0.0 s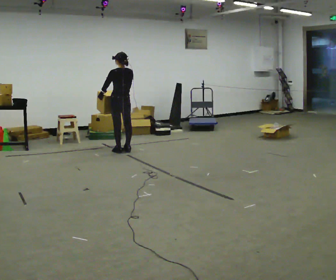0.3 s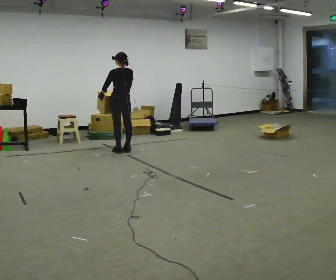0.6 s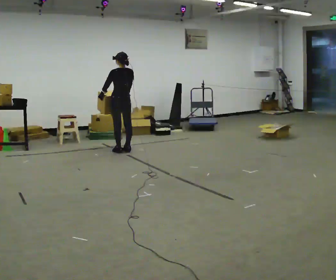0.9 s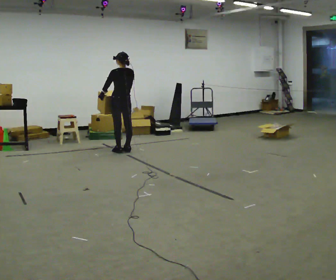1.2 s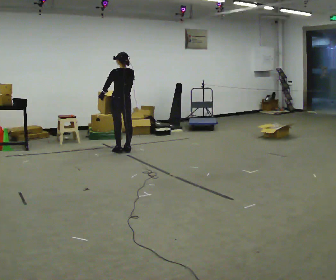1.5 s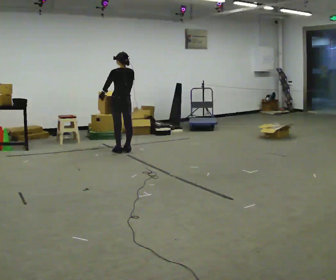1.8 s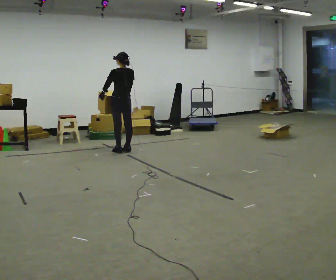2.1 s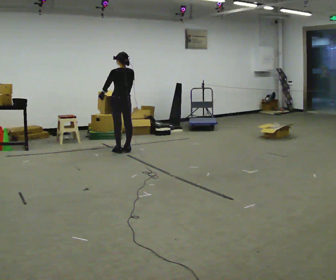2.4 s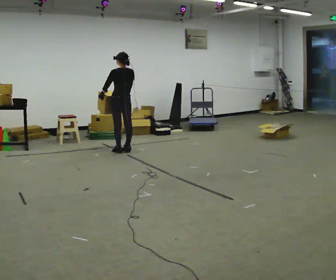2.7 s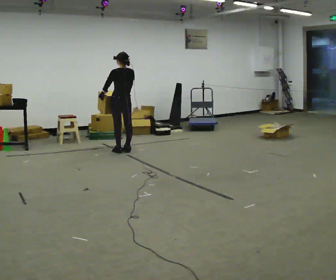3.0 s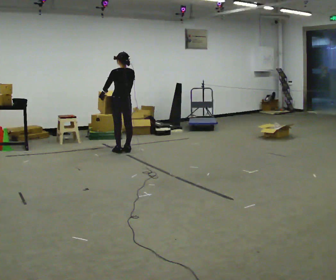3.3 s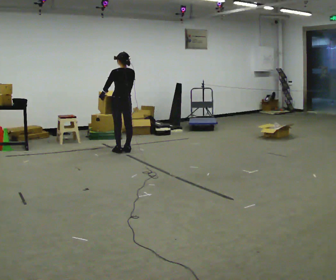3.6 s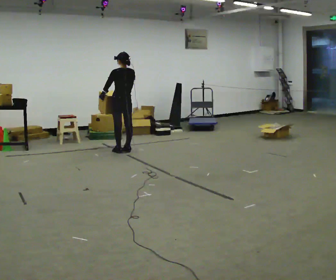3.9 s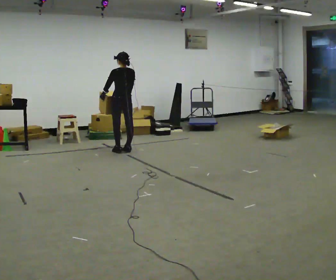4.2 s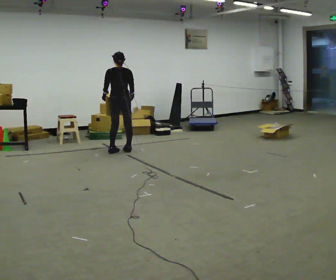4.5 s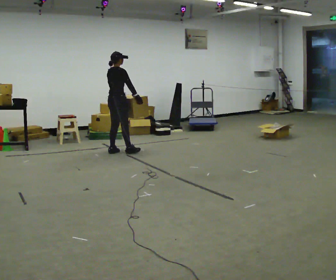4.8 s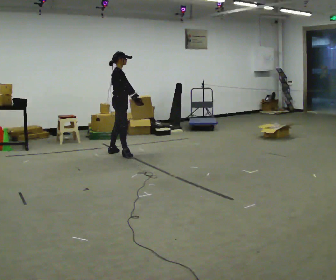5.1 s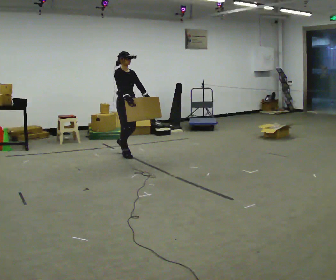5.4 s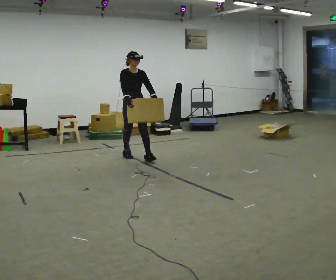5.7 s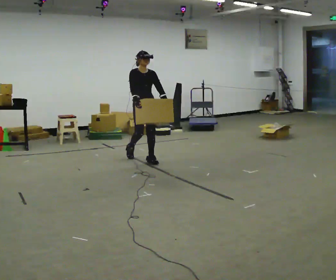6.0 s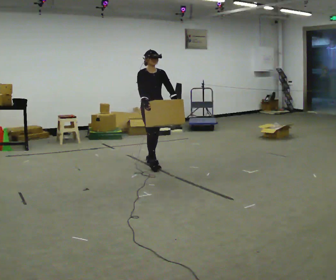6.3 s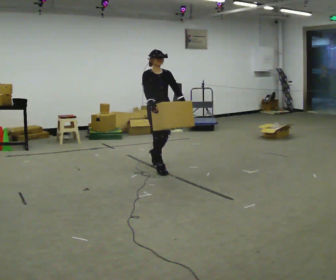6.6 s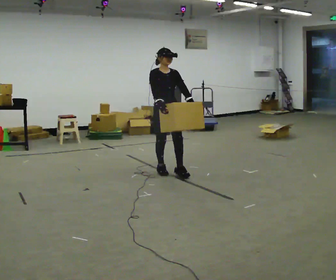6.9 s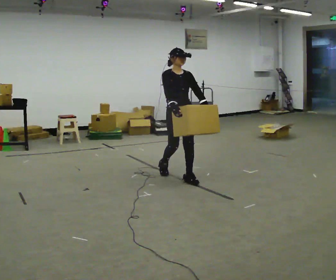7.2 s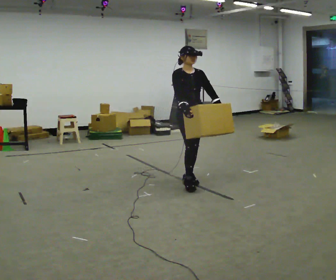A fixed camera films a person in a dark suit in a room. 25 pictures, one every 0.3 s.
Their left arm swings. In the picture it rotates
counterclockwise.
The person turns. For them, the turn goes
to their right.
0.0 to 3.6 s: The person keeps their place and pose.
3.6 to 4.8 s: The person turns about 120 degrees to their right, clockwise seen from above, so the part of the body nearest the lens slides to the left. In the picture they go toward the camera, about 0.25 m in 1 step.
4.8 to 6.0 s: The part of the body nearest the lens slides to the left as the person turns to their right by about 60 degrees. In the picture they go toward the camera and to the right, about 1 m in 1 step.
6.0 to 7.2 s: In the picture they go toward the camera and to the right, about 1 m in 2 steps, which for them is forward.
The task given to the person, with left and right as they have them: Carry the heavy box in both hands in front of you, walking back and forth across the room. Keep walking until the operator says stop. Set it down if you need a rest.
The film runs forward here.
